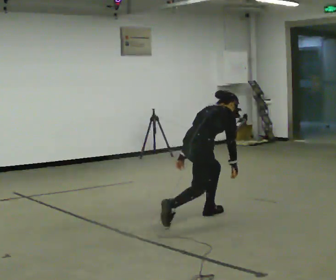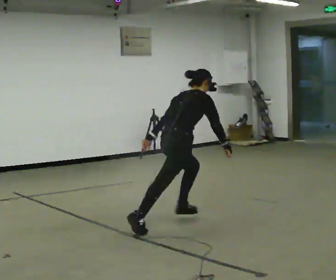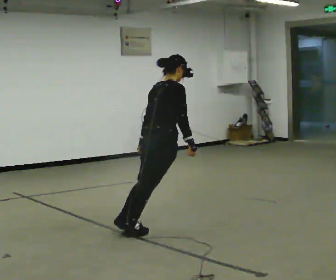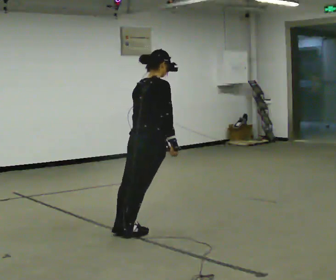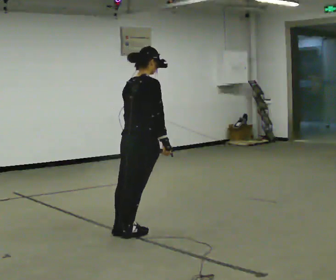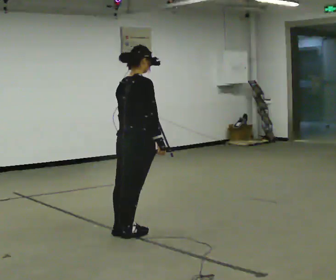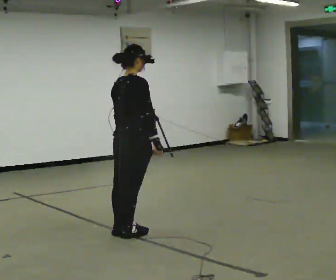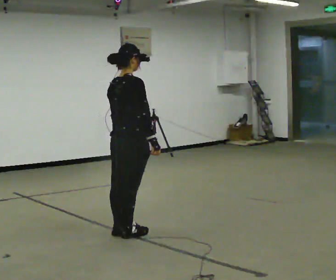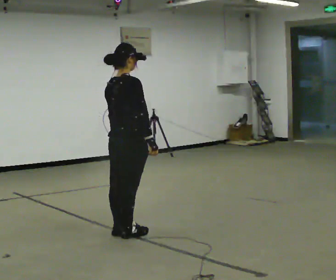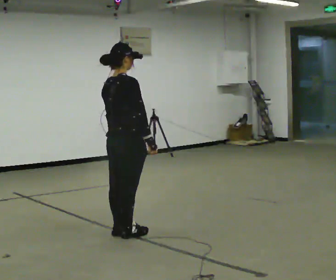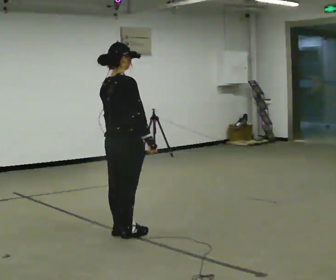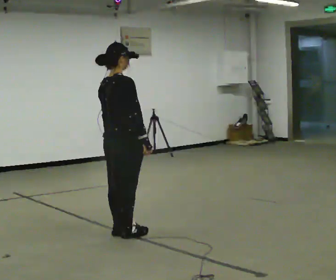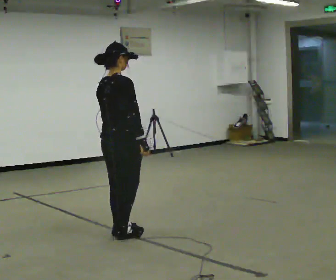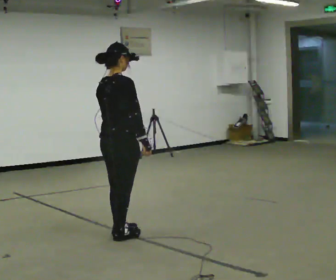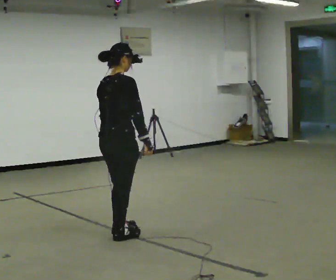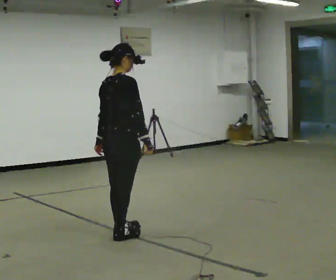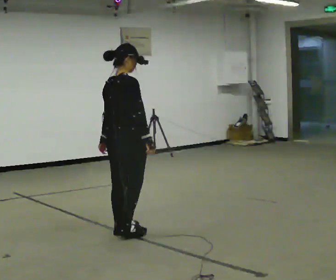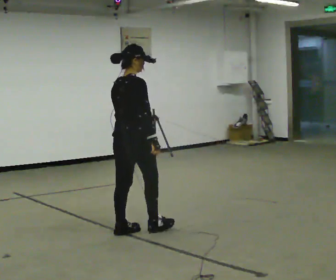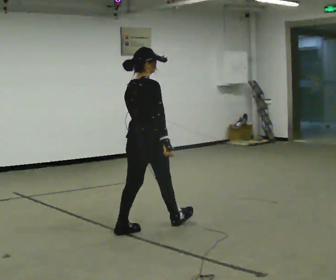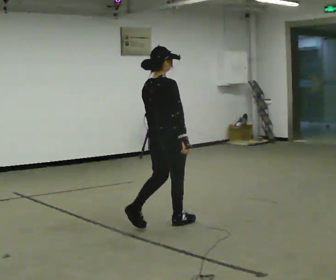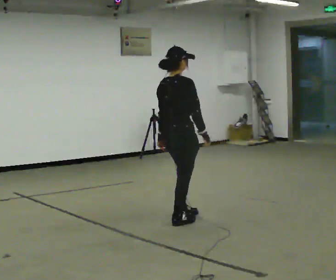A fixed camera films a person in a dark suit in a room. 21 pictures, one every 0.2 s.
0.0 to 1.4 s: In the picture they go to the left and toward the camera, about 1 m in 1 step, which for them is backward. The shoulders move upward. In the picture the upper body tilts counterclockwise, shoulders to the left, as they lean back or straighten.
1.4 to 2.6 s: The person moves a little, or ends about where they began.
2.6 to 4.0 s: In the picture they go to the right and away from the camera, about 0.5 m in 2 steps, which for them is forward.
The film runs backward here.
